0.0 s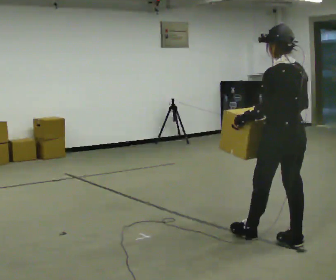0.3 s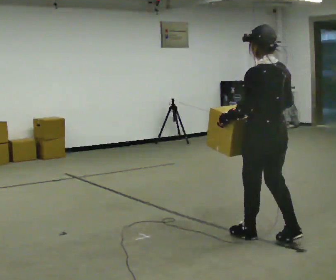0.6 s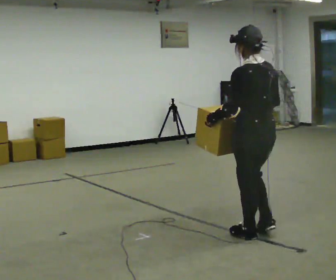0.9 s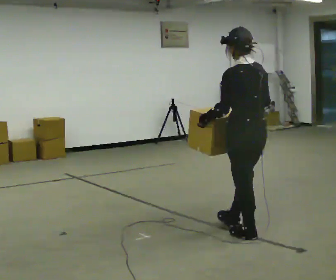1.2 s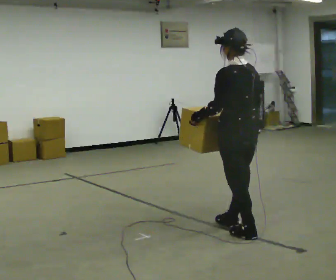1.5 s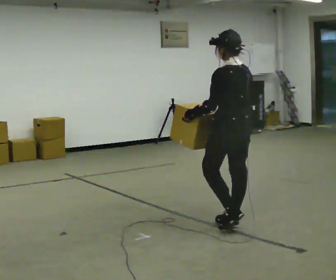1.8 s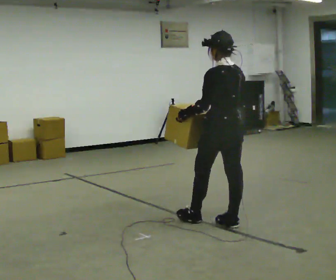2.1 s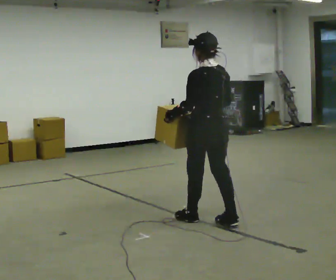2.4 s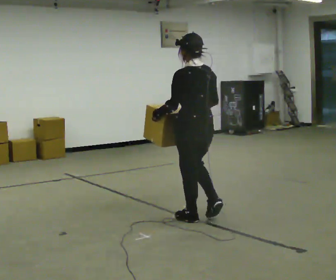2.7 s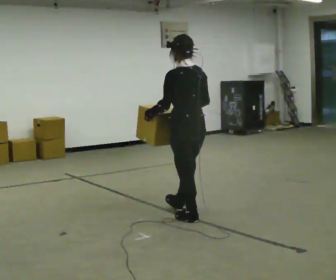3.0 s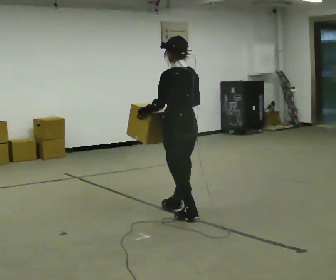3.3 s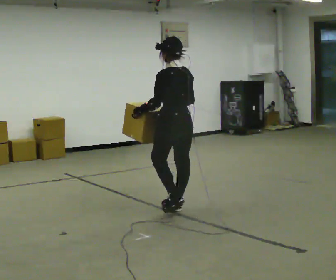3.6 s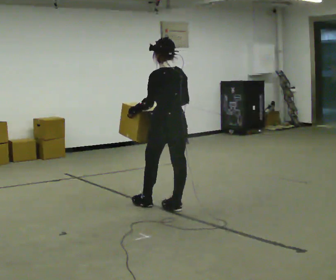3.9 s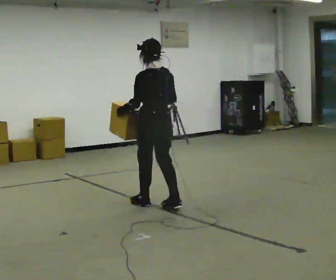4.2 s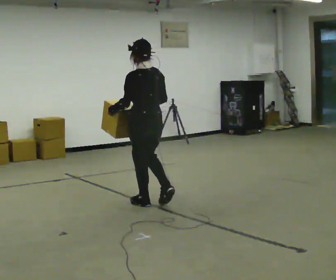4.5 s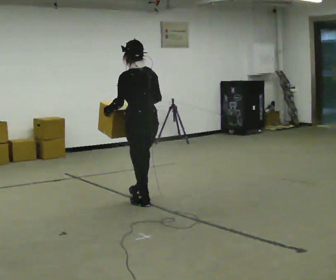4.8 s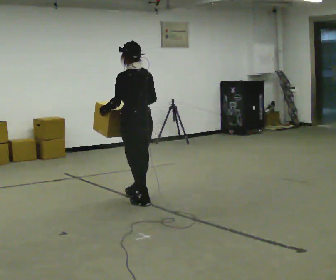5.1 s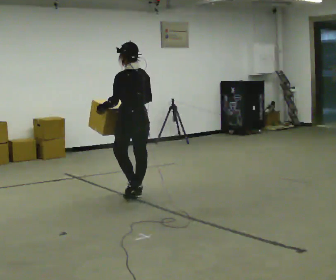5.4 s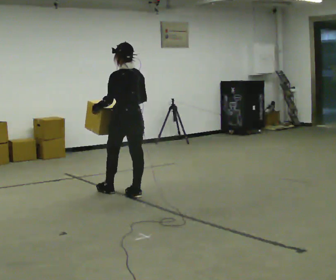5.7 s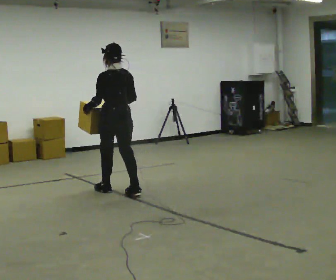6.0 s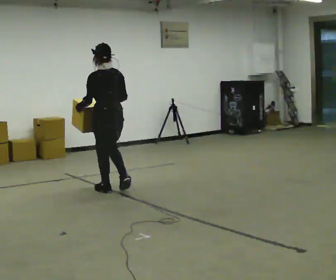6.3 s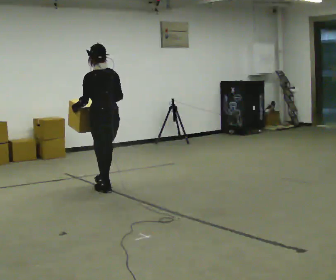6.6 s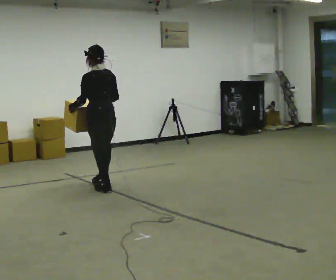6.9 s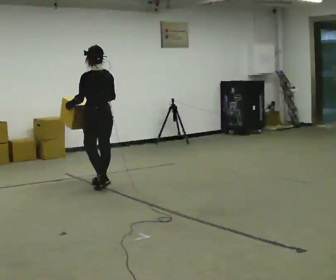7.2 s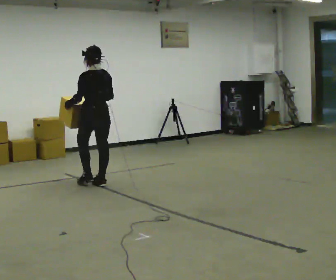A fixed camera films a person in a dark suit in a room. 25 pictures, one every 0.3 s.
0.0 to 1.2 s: In the picture they go away from the camera and to the left, about 0.5 m in 1 step, which for them is forward.
1.2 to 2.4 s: In the picture they go away from the camera and to the left, about 0.5 m in 1 step, which for them is forward.
2.4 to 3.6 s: In the picture they go away from the camera and to the left, about 0.5 m in 1 step, which for them is forward.
3.6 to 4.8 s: In the picture they go away from the camera and to the left, about 0.5 m in 2 steps, which for them is forward.
4.8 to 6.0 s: In the picture they go to the left and away from the camera, about 0.5 m in 1 step, which for them is forward.
6.0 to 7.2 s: In the picture they go away from the camera and to the left, about 0.5 m in 1 step, which for them is forward.
The film runs forward here.
